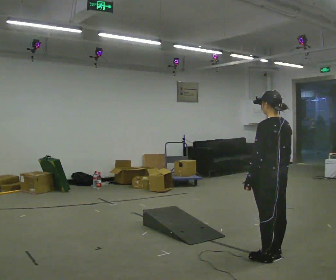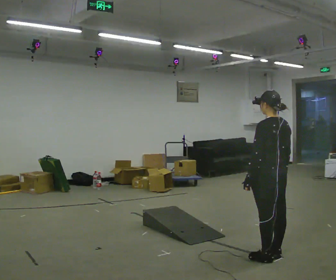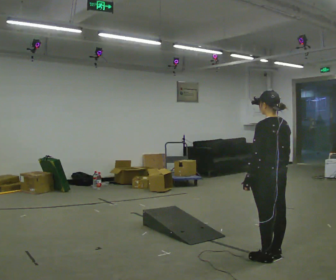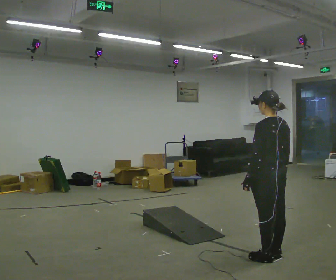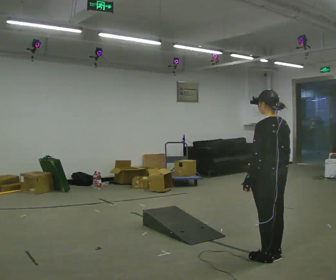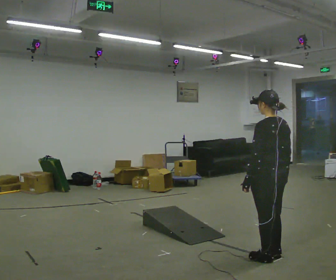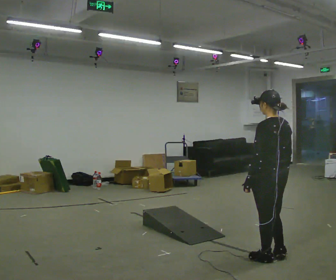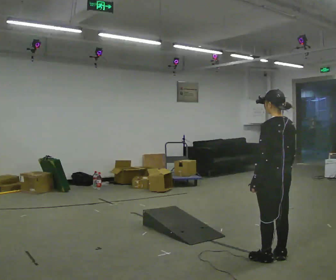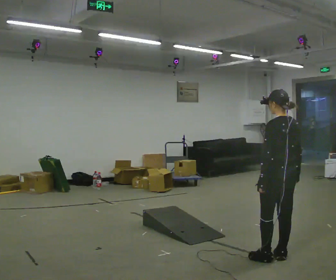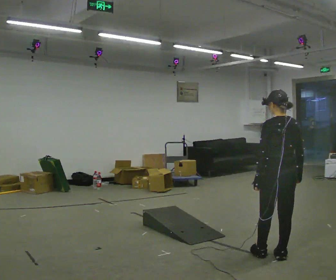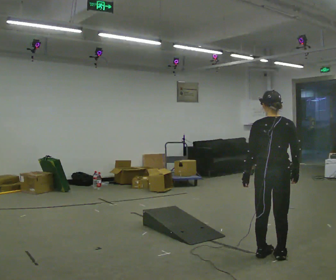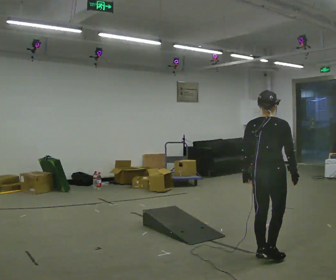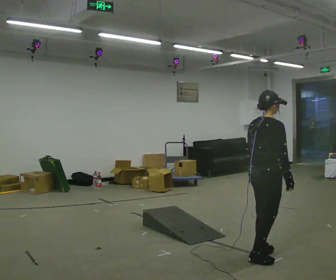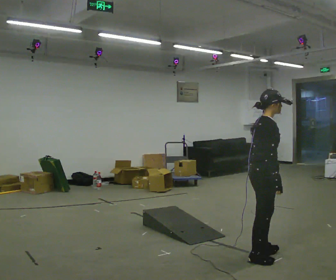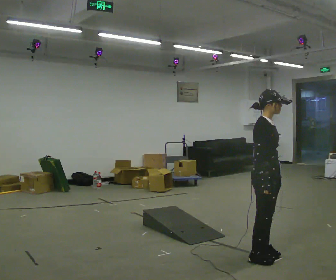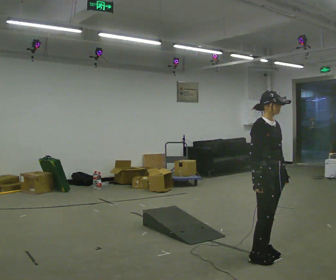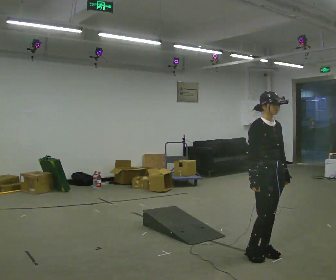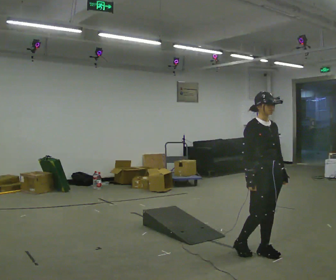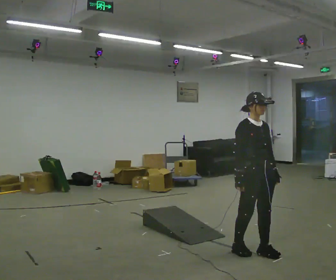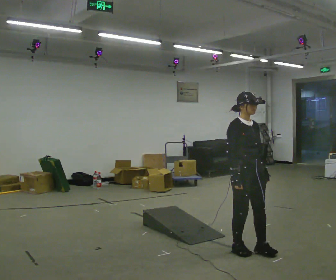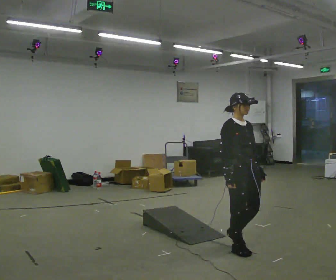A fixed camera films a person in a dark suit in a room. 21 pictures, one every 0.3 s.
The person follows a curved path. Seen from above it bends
clockwise.
The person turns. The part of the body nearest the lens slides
to the left.
0.0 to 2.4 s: The person moves a little, or ends about where they began.
2.4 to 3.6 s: Seen from above the body turns clockwise, about 90 degrees: to their right, with its near side sliding to the left. In the picture they go to the left, about 0.25 m in 2 steps.
3.6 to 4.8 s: The person turns about 75 degrees to their right, clockwise seen from above, so the part of the body nearest the lens slides to the left.
4.8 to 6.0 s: In the picture they go to the left, about 0.25 m in 1 step, which for them is backward.
The film runs backward here.
